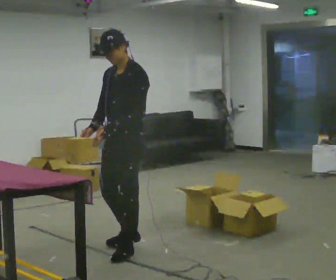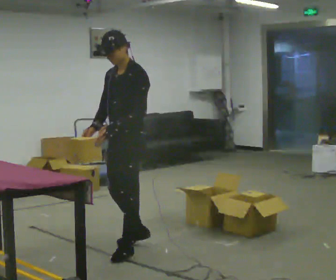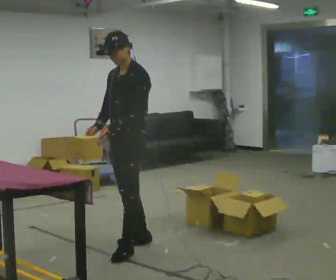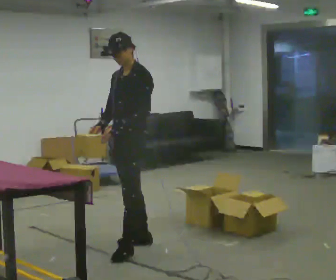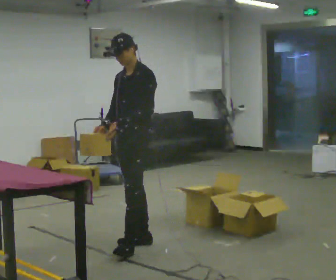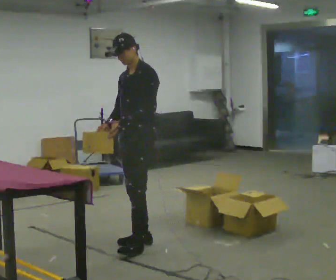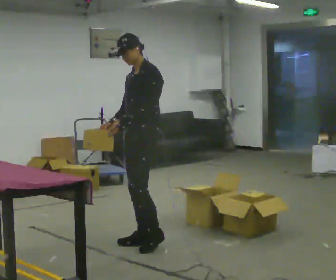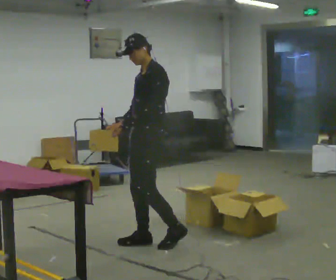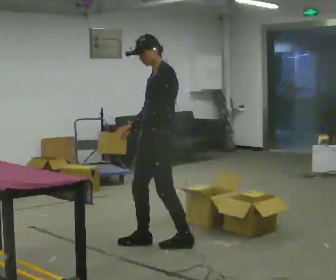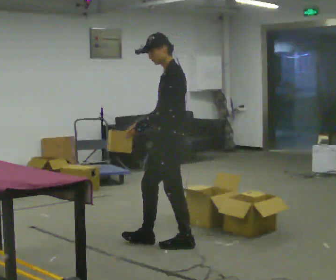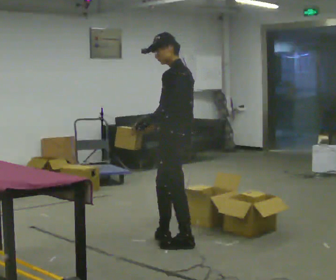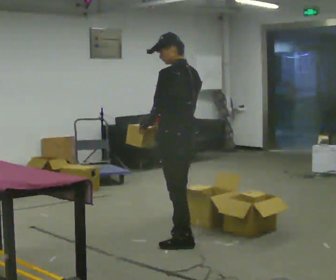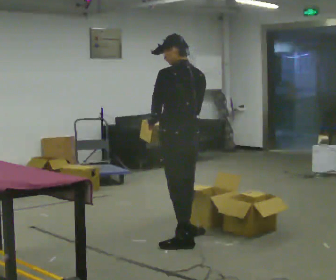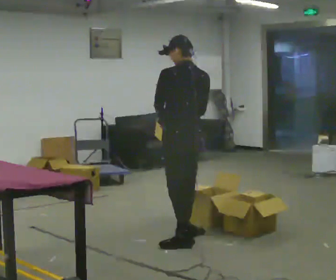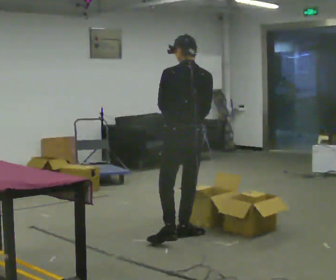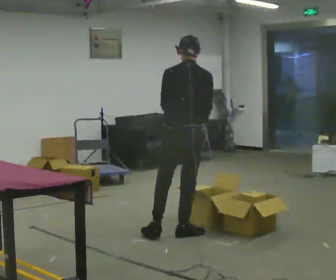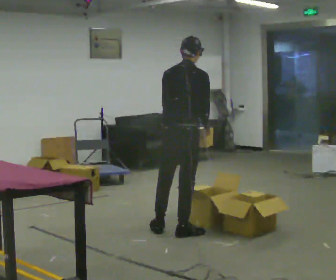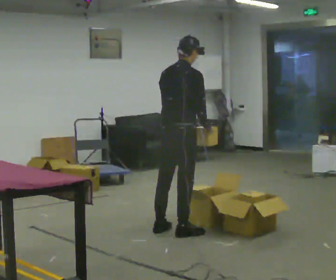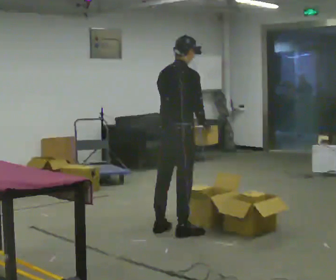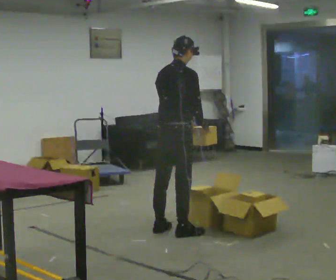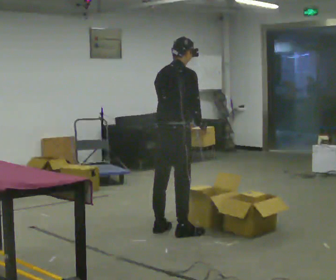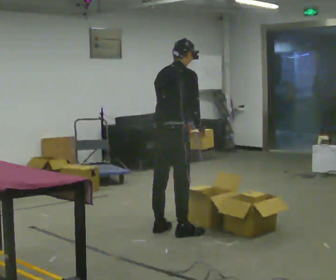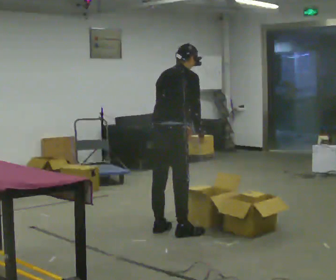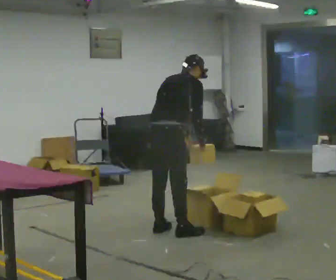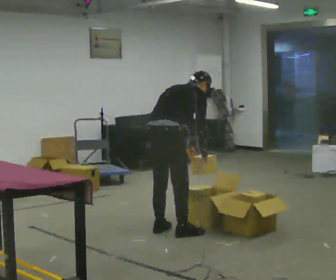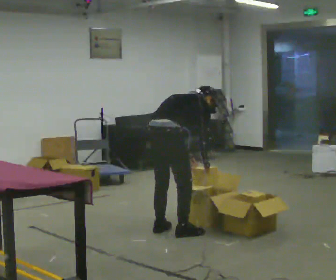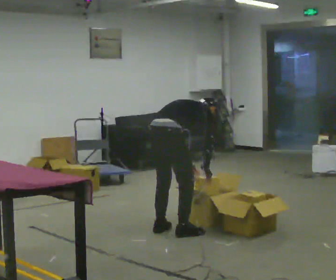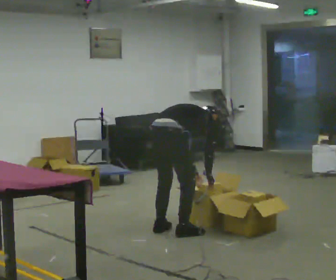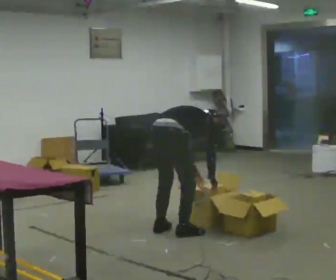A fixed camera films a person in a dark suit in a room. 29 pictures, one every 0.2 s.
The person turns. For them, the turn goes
to their right.
The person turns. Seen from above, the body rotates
clockwise.
0.0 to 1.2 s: In the picture they go away from the camera, about 0.25 m in 1 step, which for them is backward and to their right.
1.2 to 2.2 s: Seen from above the body turns clockwise, about 75 degrees: to their right, with its near side sliding to the left. In the picture they go to the right, about 0.25 m in 1 step.
2.2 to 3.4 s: Seen from above the body turns clockwise, about 75 degrees: to their right, with its near side sliding to the left. In the picture they go away from the camera, about 0.25 m in 1 step.
3.4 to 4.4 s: The person moves a little, or ends about where they began.
4.4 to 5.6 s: The shoulders move downward. In the picture the upper body tilts clockwise, shoulders to the right, as they bend forward. In the picture their left hand goes downward.
The film runs backward here.
